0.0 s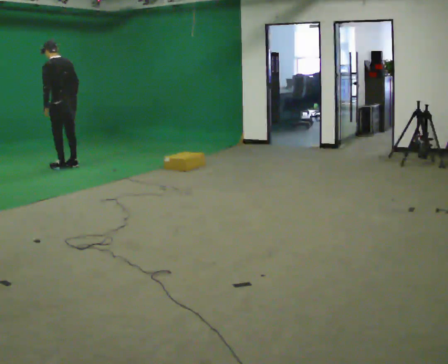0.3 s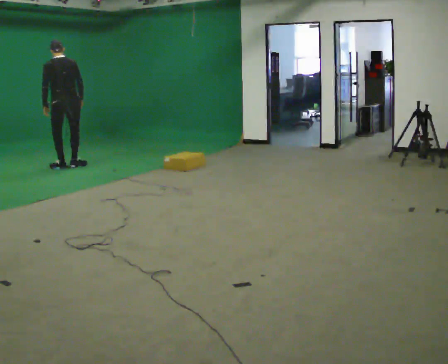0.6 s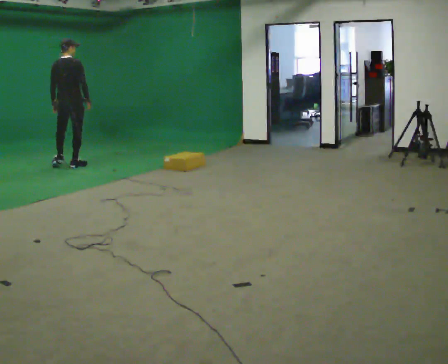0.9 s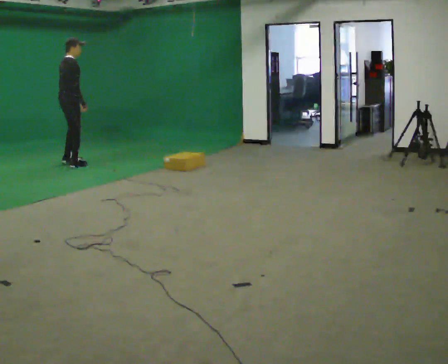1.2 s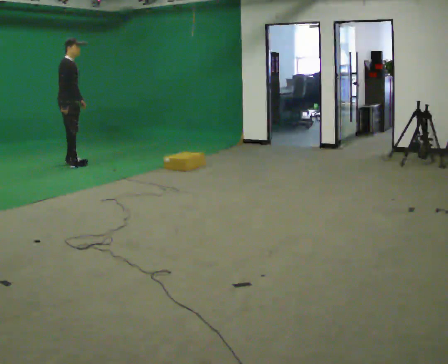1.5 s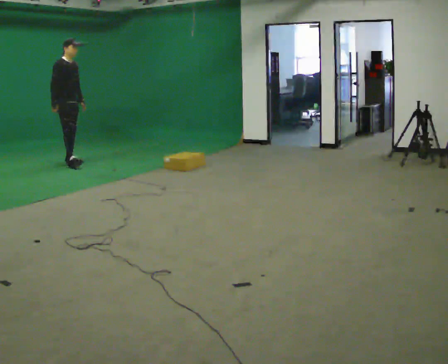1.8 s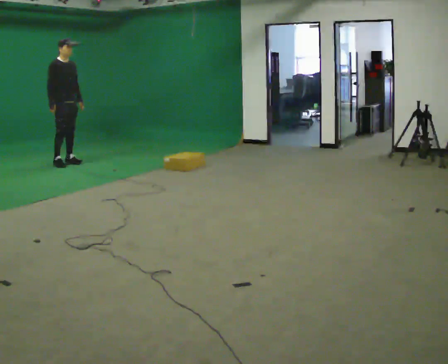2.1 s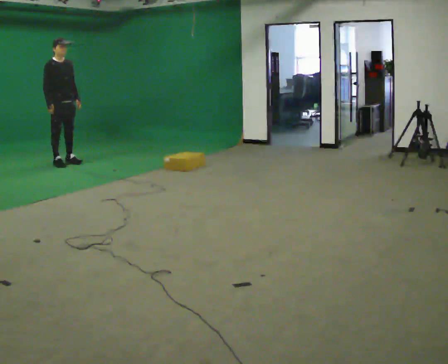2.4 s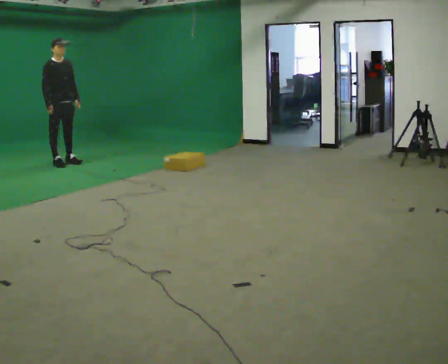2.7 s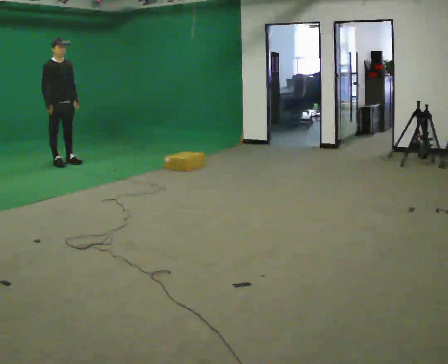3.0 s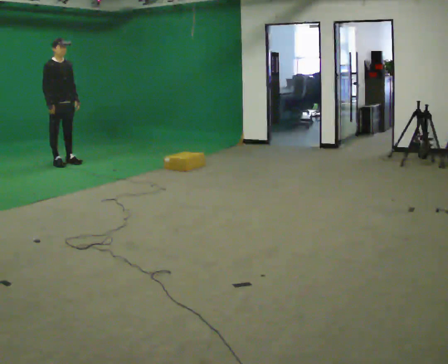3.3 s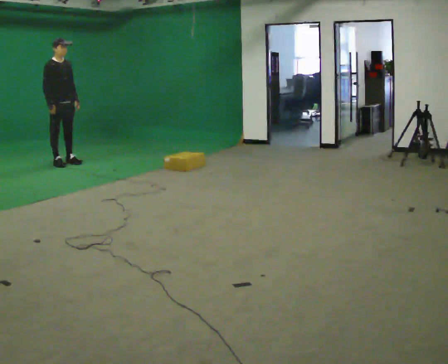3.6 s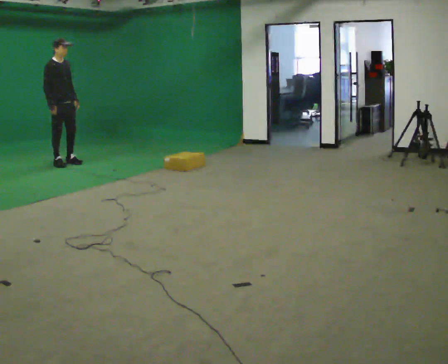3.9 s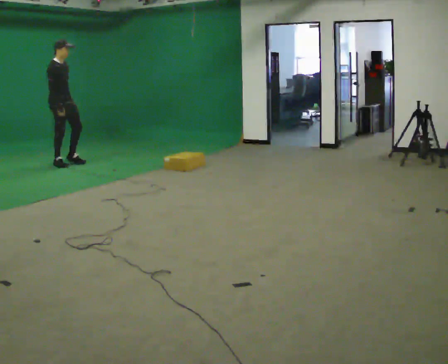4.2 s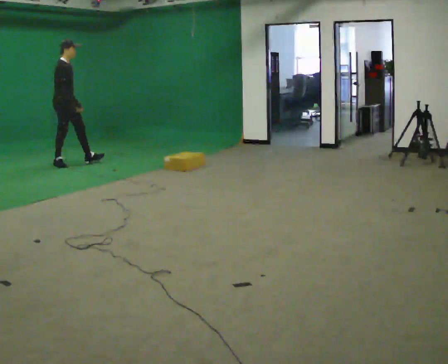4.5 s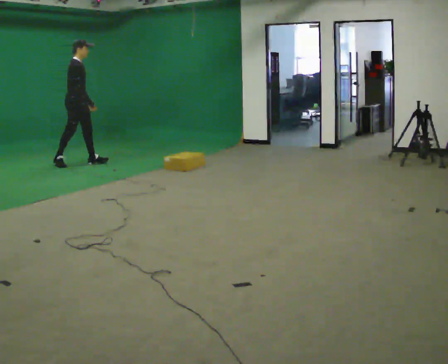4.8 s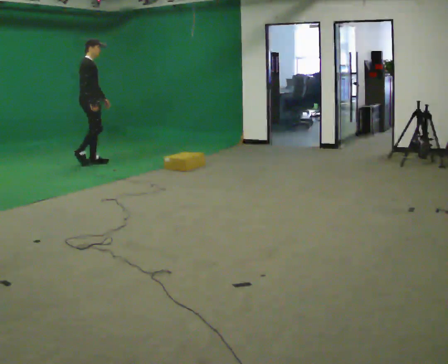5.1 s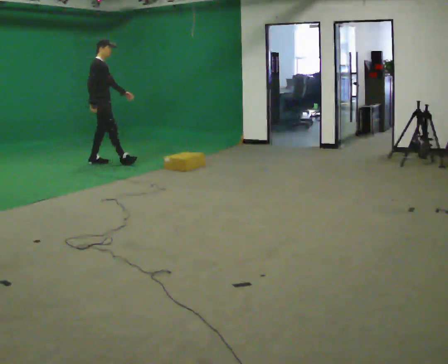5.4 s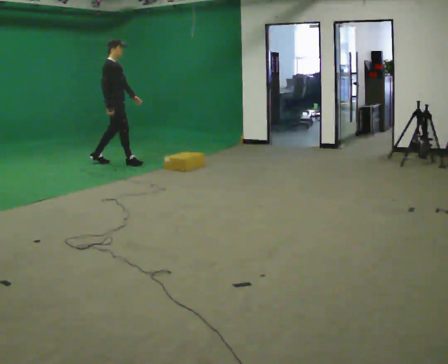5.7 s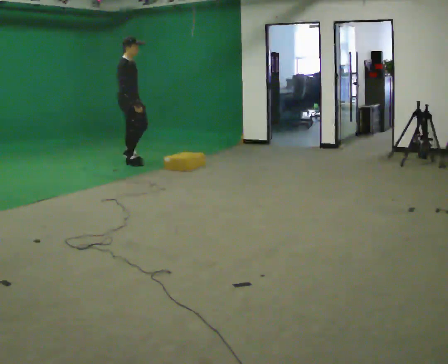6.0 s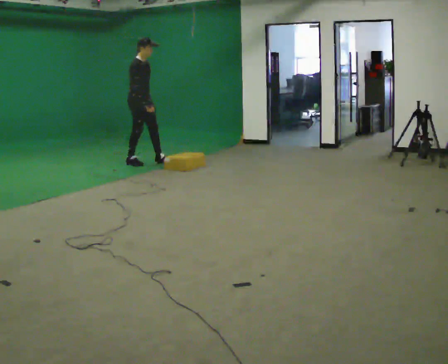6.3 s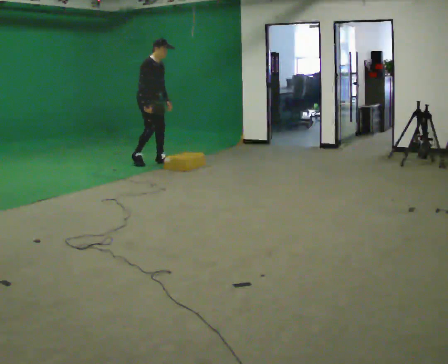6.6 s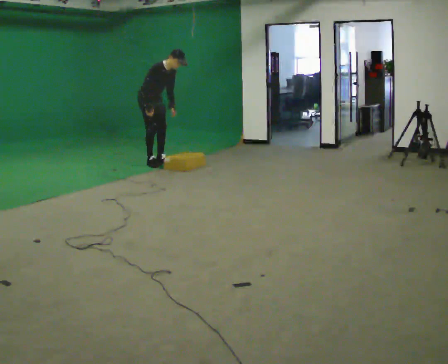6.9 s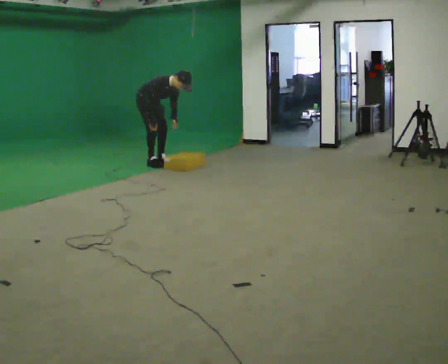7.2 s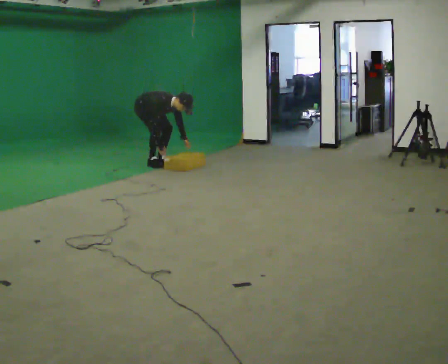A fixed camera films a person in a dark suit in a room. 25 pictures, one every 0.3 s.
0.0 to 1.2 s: The part of the body nearest the lens slides to the left as the person turns to their right by about 135 degrees. In the picture they go away from the camera, about 0.25 m in 1 step. In the picture the upper body tilts clockwise, shoulders to the right.
1.2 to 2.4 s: Seen from above the body turns clockwise, about 45 degrees: to their right, with its near side sliding to the left.
2.4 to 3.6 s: The person moves a little, or ends about where they began.
3.6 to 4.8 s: The person turns about 30 degrees to their left, counterclockwise seen from above, so the part of the body nearest the lens slides to the right. In the picture they go to the right, about 0.5 m in 1 step, which for them is forward.
4.8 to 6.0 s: In the picture they go to the right, about 0.5 m in 2 steps, which for them is forward.
6.0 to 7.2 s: The upper body goes downward. In the picture the upper body tilts clockwise, shoulders to the right, as they bend forward. In the picture their right hand goes downward.
The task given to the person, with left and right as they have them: Start still; walk straight at normal comfortable speed; stop at endpoint.
The film runs forward here.
